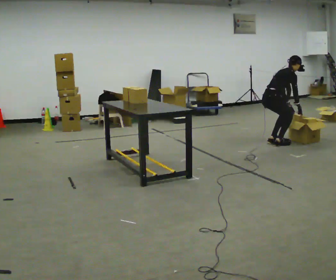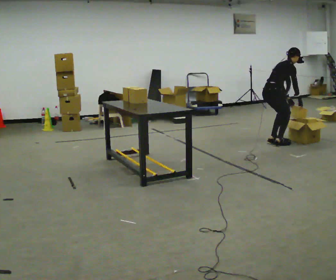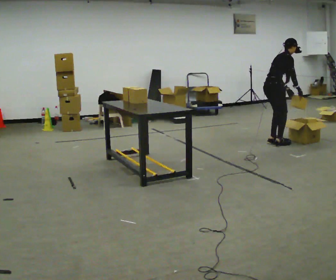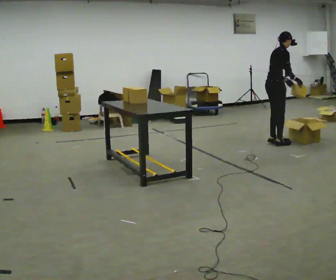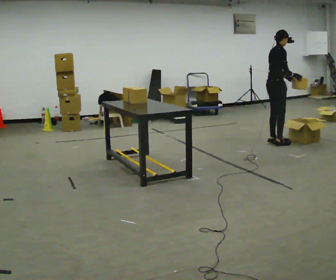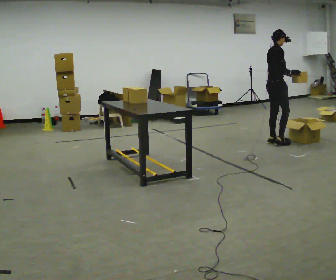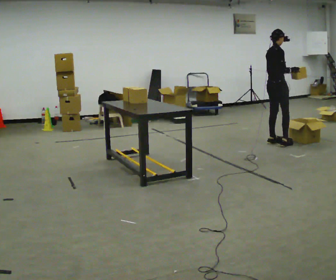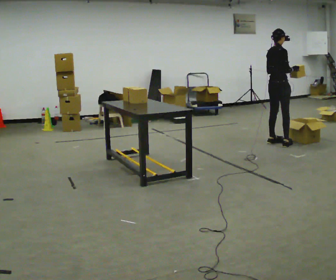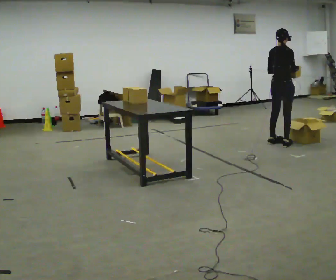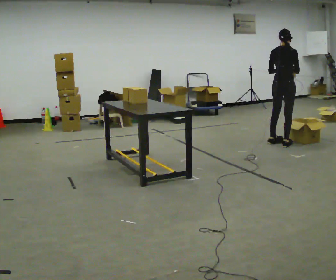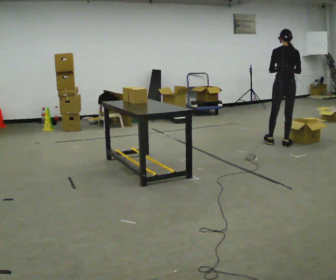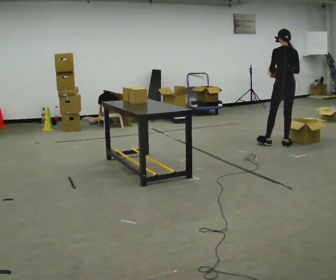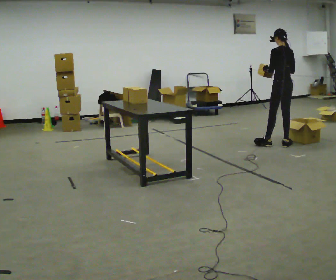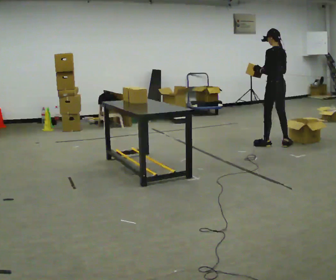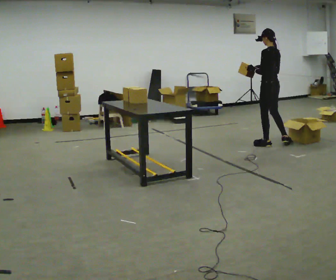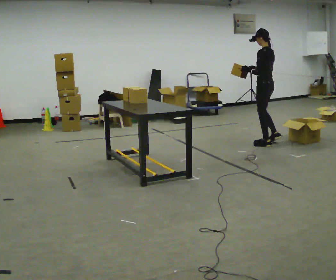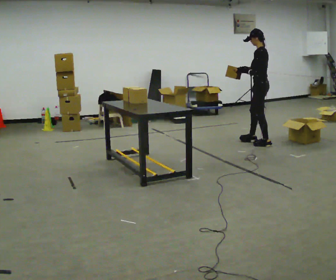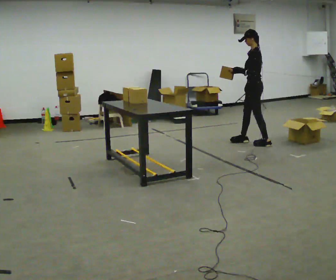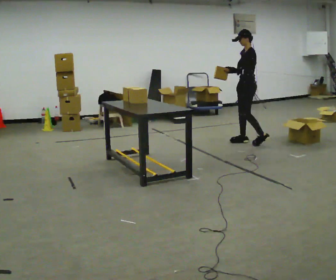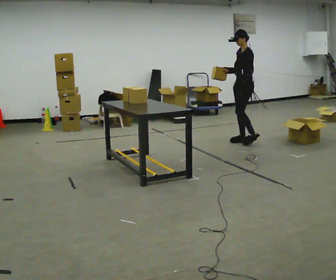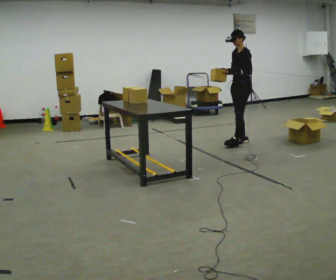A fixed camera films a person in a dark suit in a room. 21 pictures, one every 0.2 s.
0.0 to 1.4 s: The upper body goes upward. In the picture the upper body tilts counterclockwise, shoulders to the left, as they lean back or straighten. In the picture their right hand goes upward.
1.4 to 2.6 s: Seen from above the body turns counterclockwise, about 90 degrees: to their left, with its near side sliding to the right. In the picture their right hand goes to the left.
2.6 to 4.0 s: Seen from above the body turns counterclockwise, about 90 degrees: to their left, with its near side sliding to the right. In the picture they go to the left, about 0.5 m in 1 step.
The film runs forward here.
